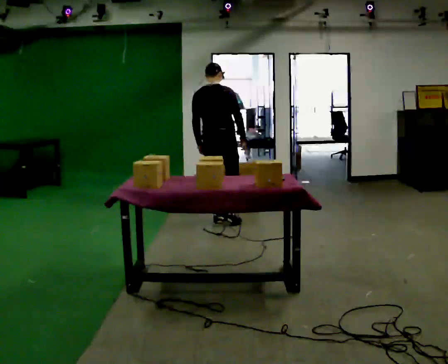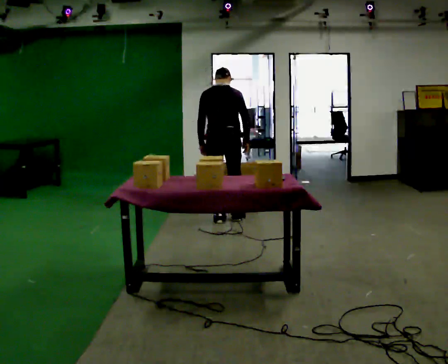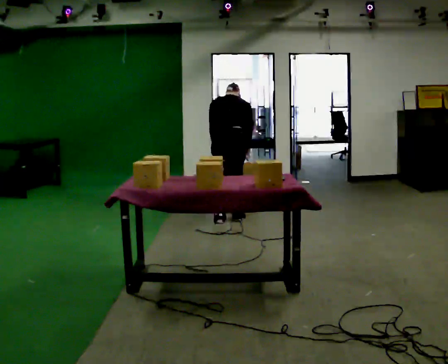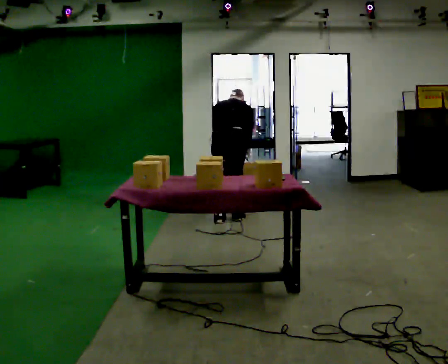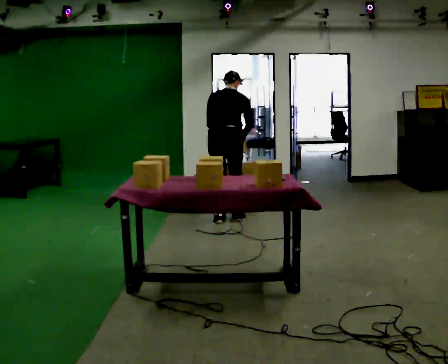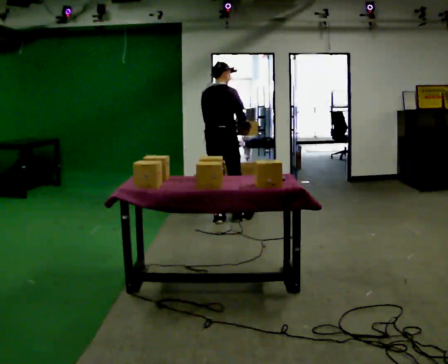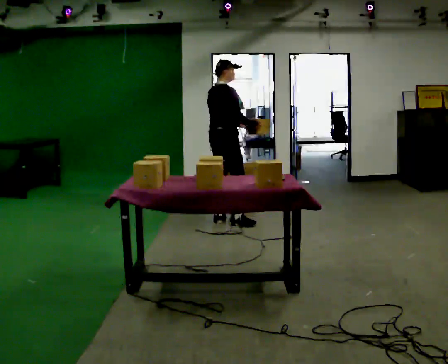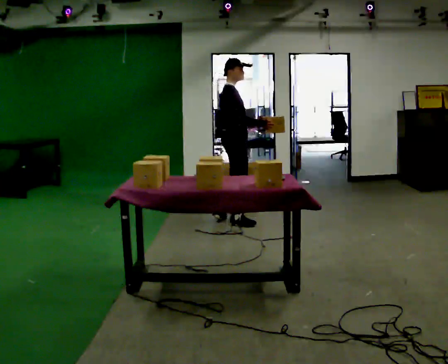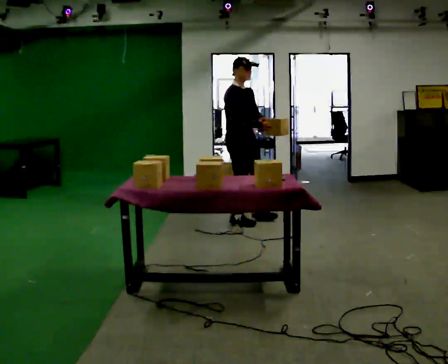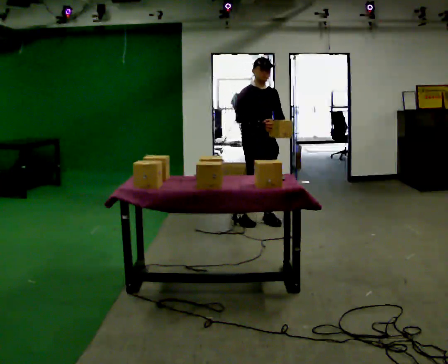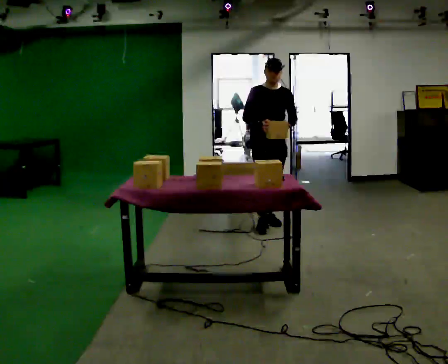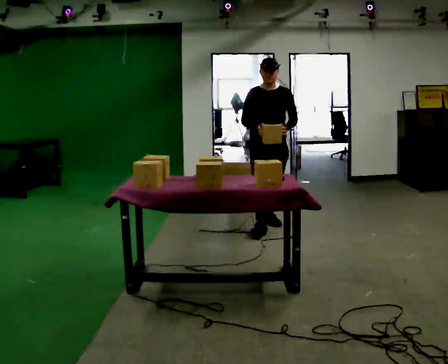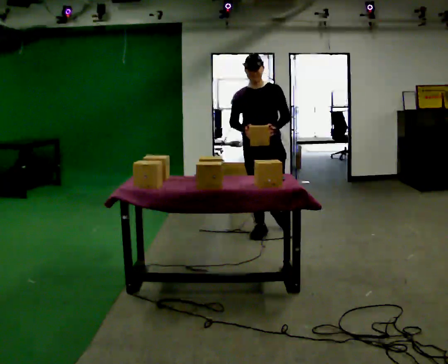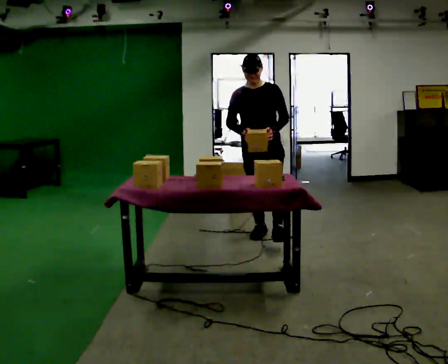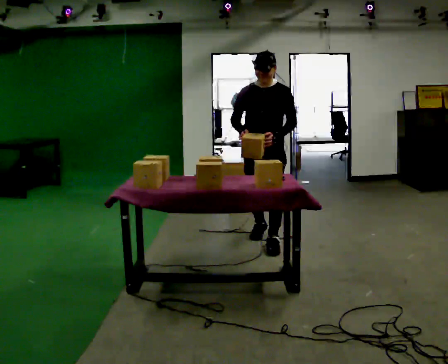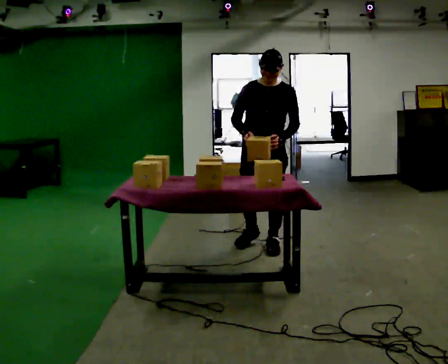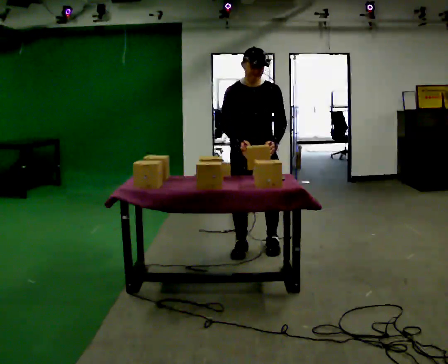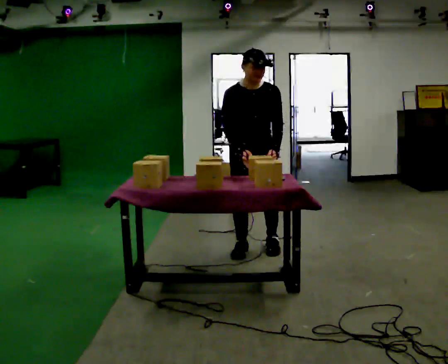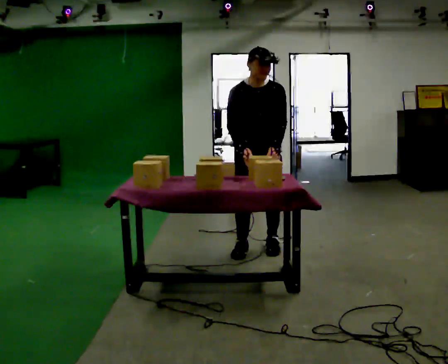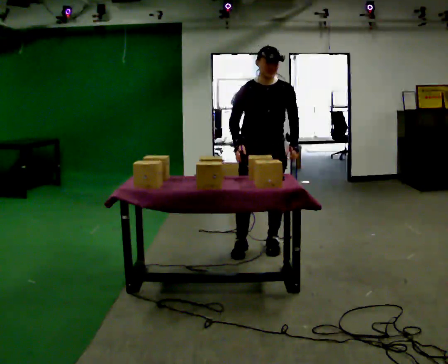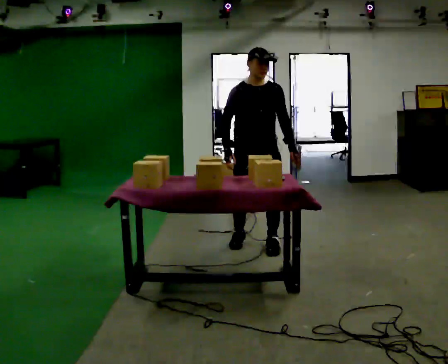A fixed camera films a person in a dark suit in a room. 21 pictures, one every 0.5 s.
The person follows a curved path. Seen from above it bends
clockwise.
0.0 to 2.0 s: The person moves a little, or ends about where they began.
2.0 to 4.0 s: The person turns about 105 degrees to their right, clockwise seen from above, so the part of the body nearest the lens slides to the left. In the picture they go to the right, about 0.25 m. The upper body tips toward the camera, its near side rolling downward, as they lean back or straighten. In the picture their left hand goes to the right.
4.0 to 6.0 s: The person turns about 60 degrees to their right, clockwise seen from above, so the part of the body nearest the lens slides to the left. In the picture they go toward the camera and to the right, about 0.5 m in 2 steps.
6.0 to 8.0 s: In the picture they go toward the camera, about 0.5 m in 2 steps, which for them is forward.
8.0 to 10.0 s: The person moves a little, or ends about where they began.
The film runs forward here.
